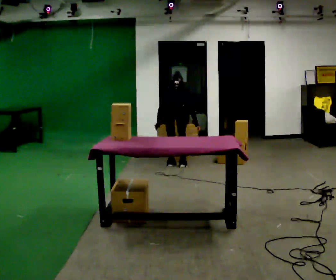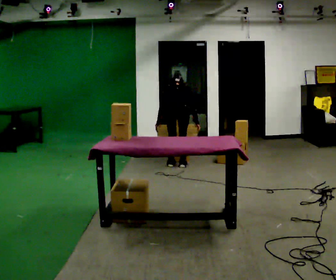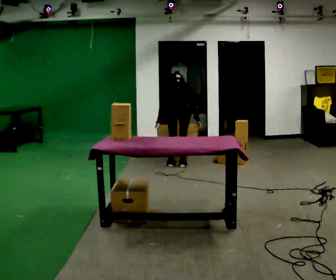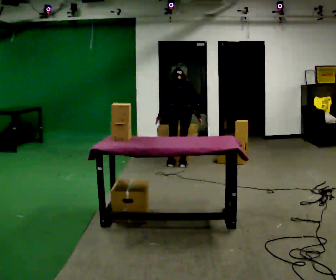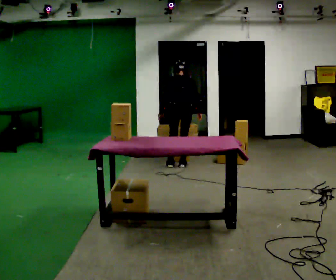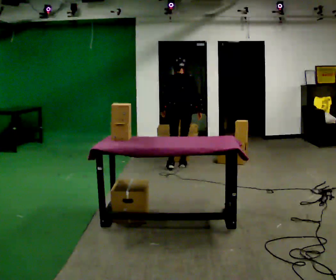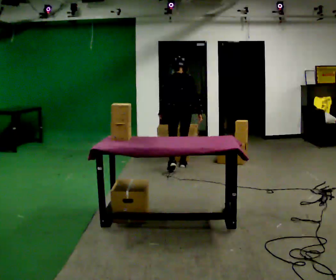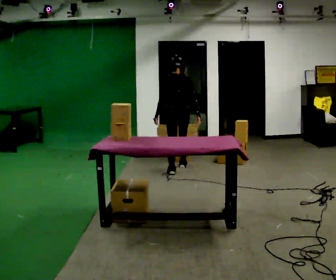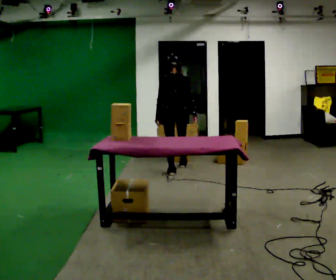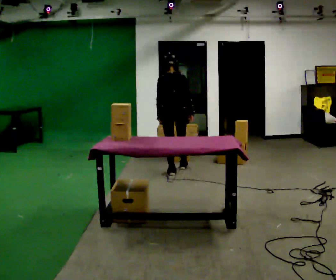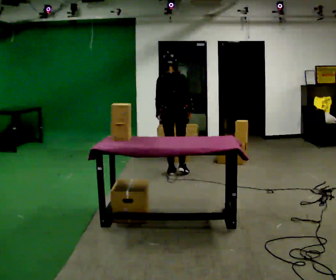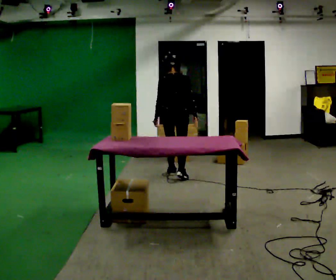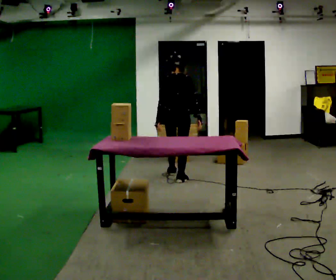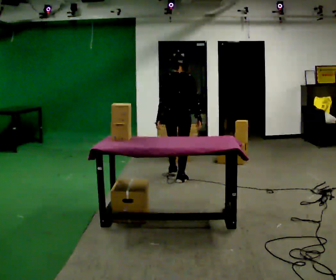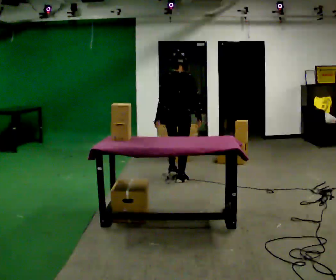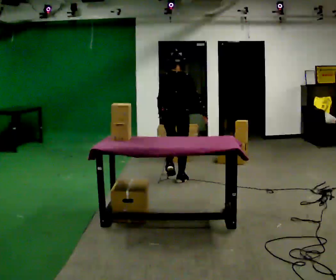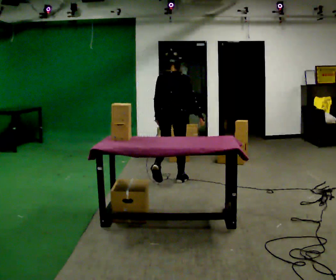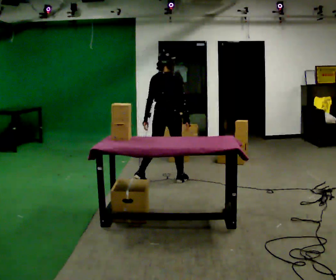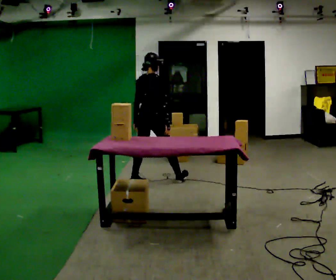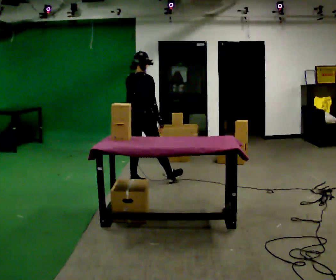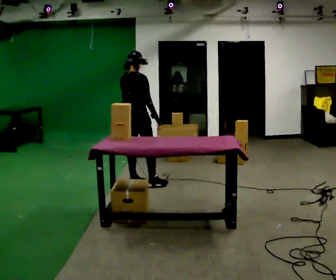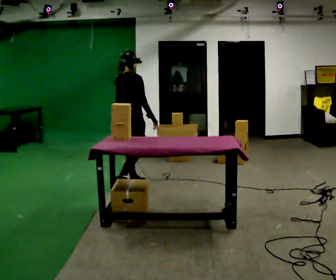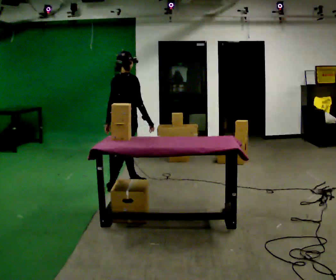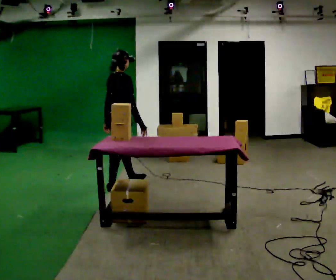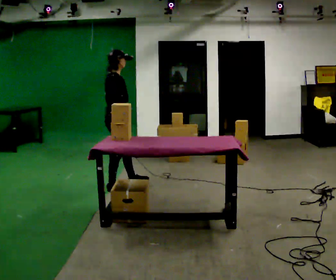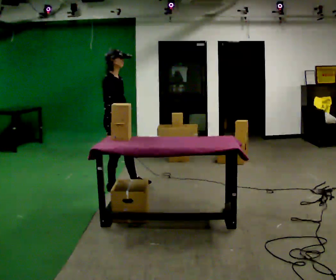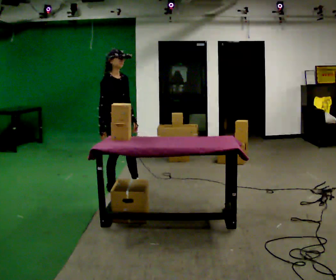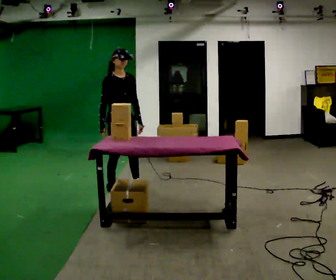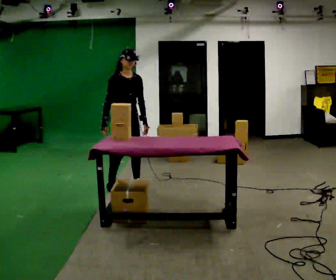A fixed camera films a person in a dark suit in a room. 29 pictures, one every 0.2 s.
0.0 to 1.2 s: The upper body goes upward. The upper body tips toward the camera, its near side rolling downward, as they lean back or straighten.
1.2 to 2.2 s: In the picture they go toward the camera, about 0.5 m in 1 step, which for them is backward.
2.2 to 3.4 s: In the picture they go toward the camera, about 0.25 m in 1 step, which for them is backward.
3.4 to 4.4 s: The person turns about 45 degrees to their right, clockwise seen from above, so the part of the body nearest the lens slides to the left. In the picture they go to the left and toward the camera, about 0.5 m in 1 step, which for them is backward and to their left.
4.4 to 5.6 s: Seen from above the body turns clockwise, about 90 degrees: to their right, with its near side sliding to the left. In the picture their right hand goes to the left, the arm swinging clockwise.
The film runs backward here.
